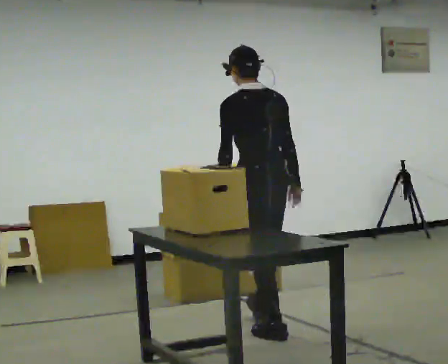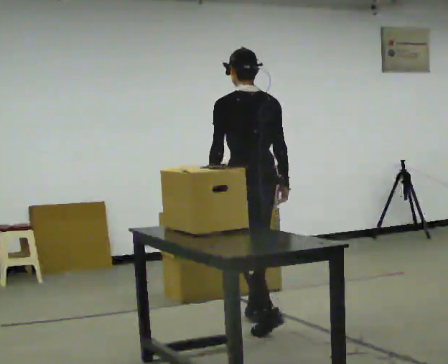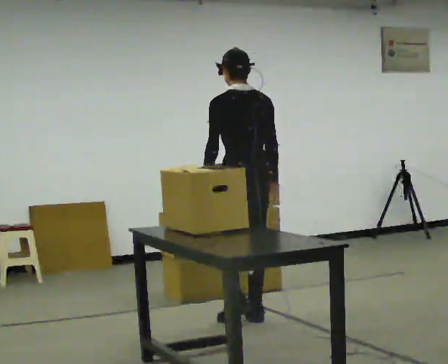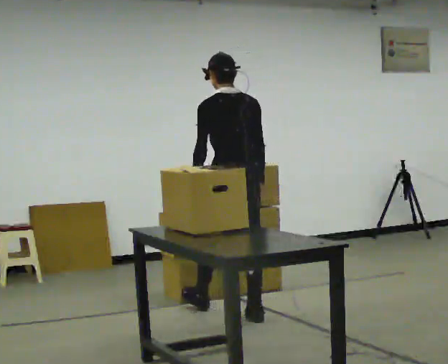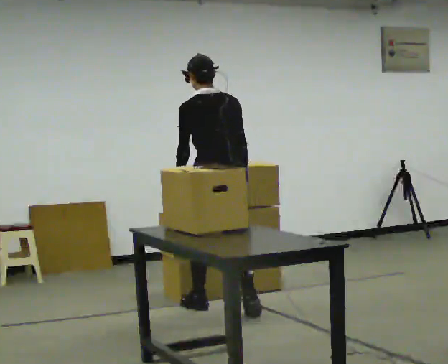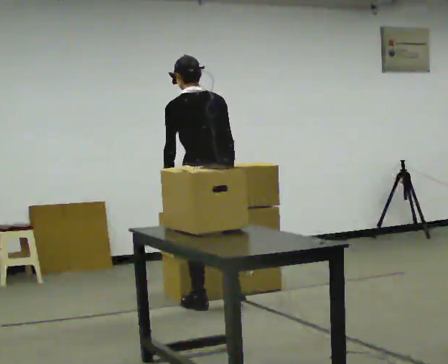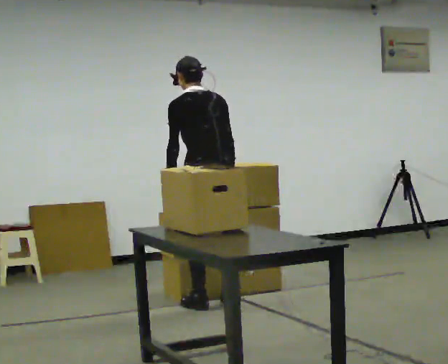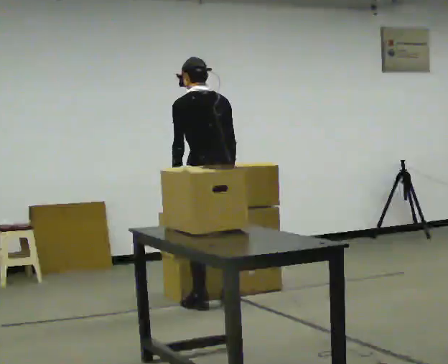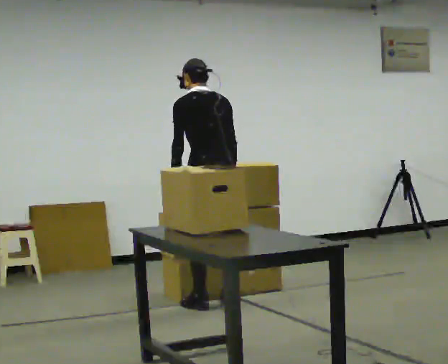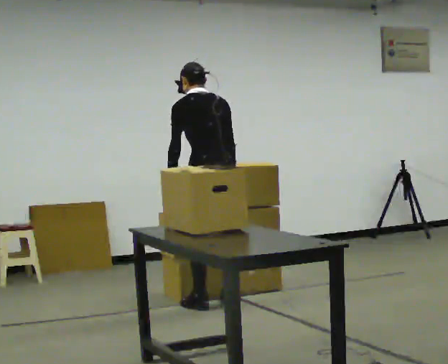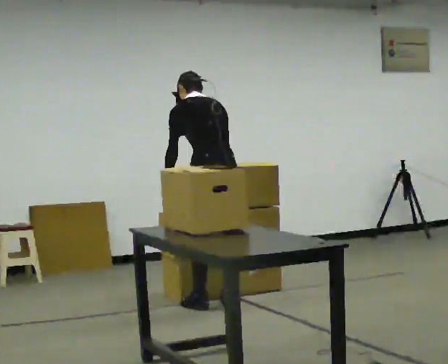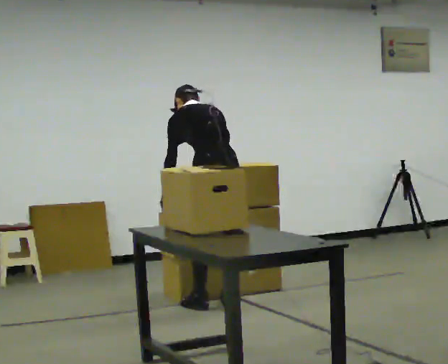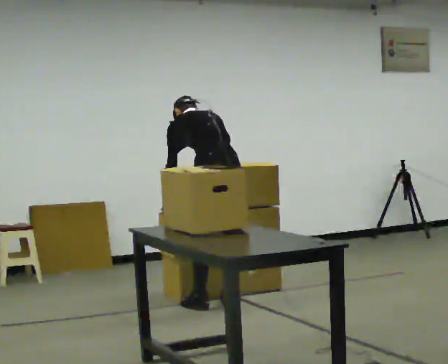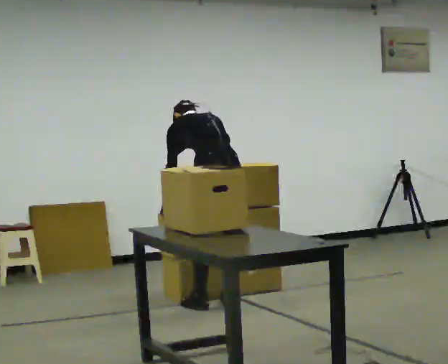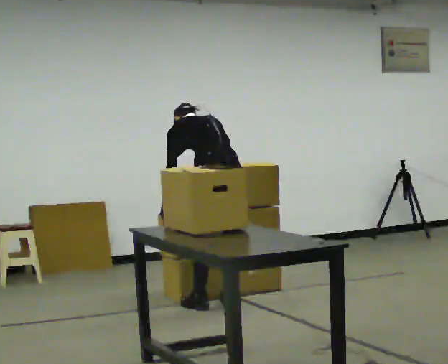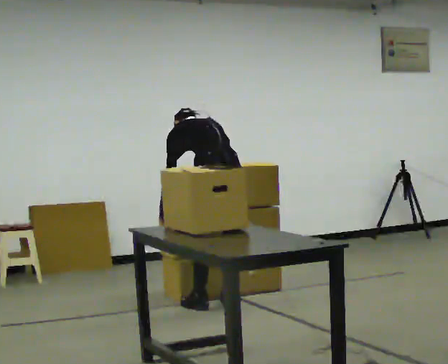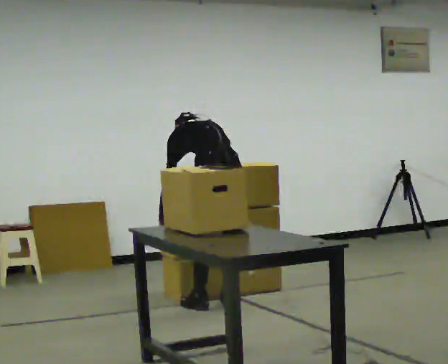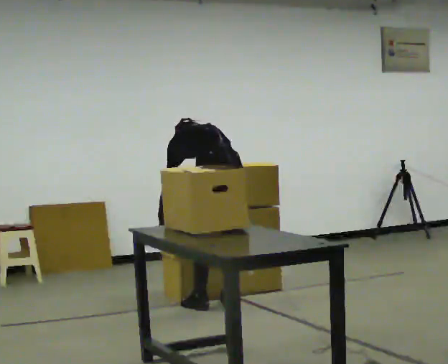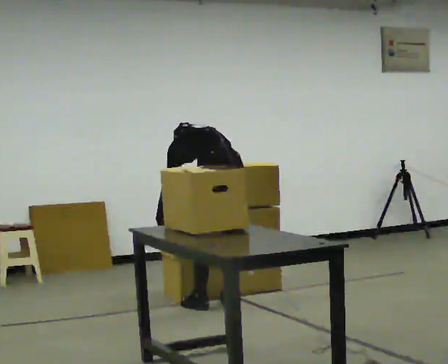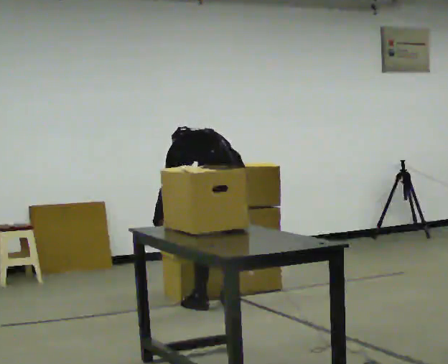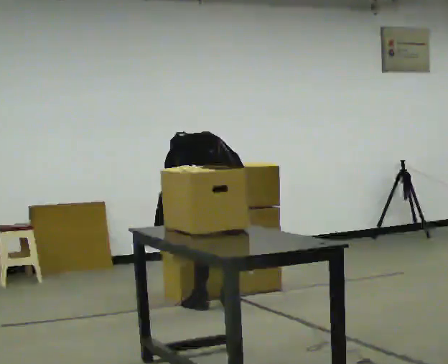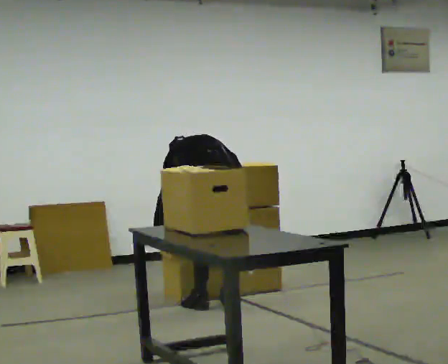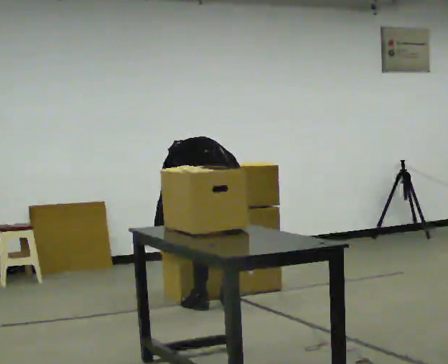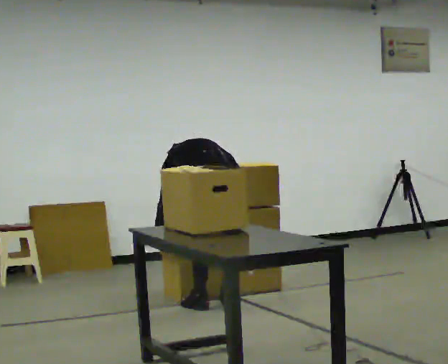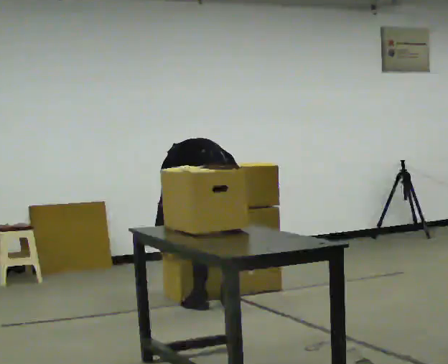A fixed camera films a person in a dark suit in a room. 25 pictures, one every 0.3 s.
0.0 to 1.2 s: In the picture they go away from the camera and to the left, about 0.75 m in 2 steps, which for them is forward.
1.2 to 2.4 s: In the picture they go away from the camera, about 0.25 m in 1 step, which for them is forward.
2.4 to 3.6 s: The shoulders move downward. The upper body tips away from the camera, its near side rolling upward, as they bend forward.
3.6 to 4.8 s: The person moves a little, or ends about where they began.
4.8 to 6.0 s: In the picture the upper body tilts counterclockwise, shoulders to the left, as they bend forward.
6.0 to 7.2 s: The person moves a little, or ends about where they began.
The film runs forward here.
